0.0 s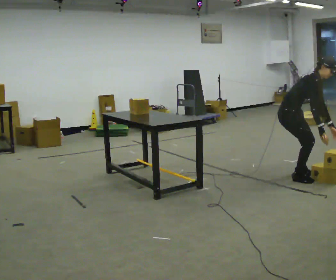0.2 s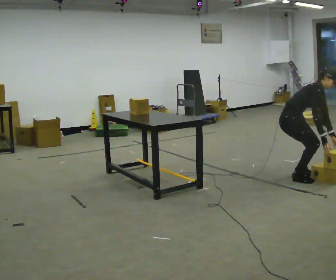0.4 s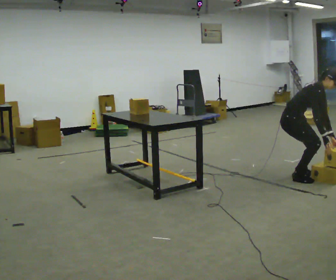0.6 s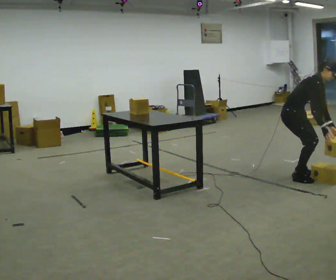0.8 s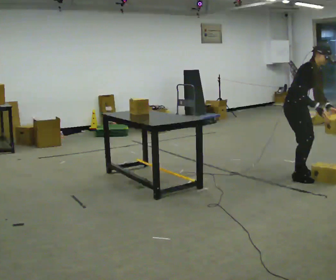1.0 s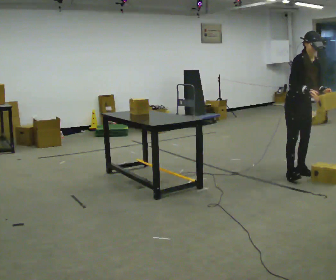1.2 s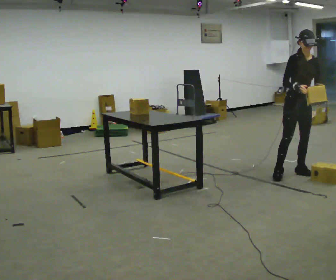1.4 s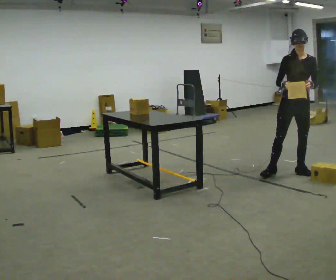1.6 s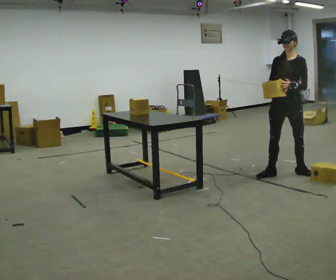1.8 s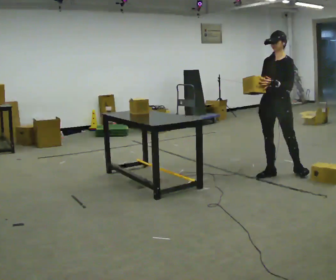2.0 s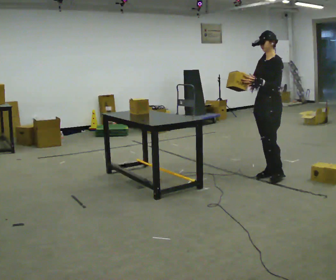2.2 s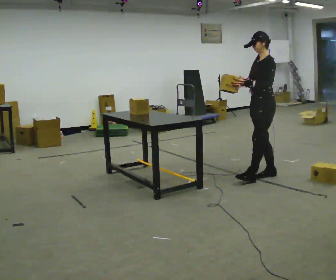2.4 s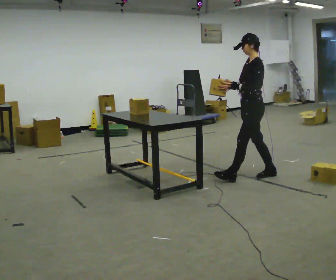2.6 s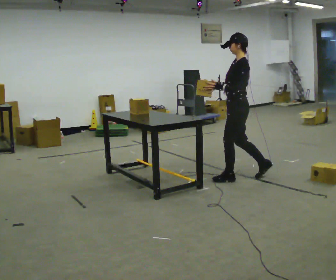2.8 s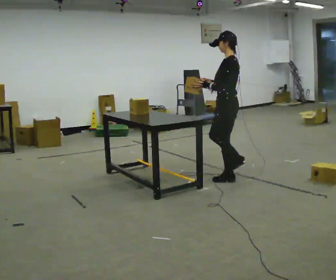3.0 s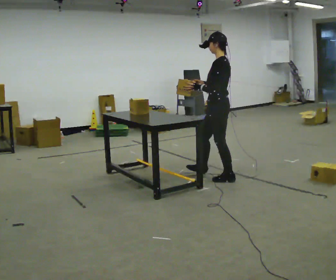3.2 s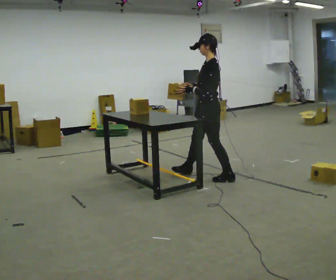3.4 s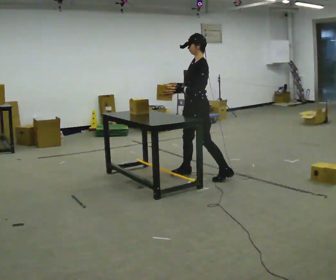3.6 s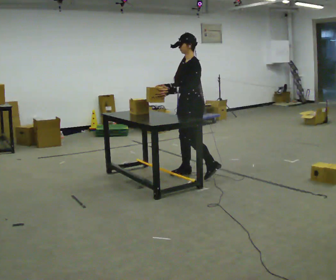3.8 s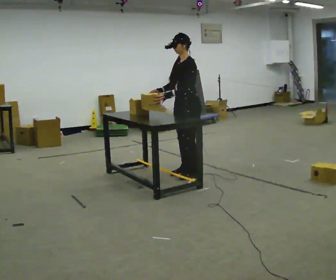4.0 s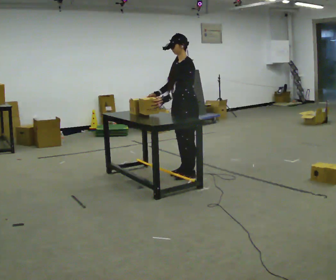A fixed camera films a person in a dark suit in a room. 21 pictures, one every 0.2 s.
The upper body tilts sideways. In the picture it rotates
counterclockwise.
The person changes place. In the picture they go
to the left.
0.0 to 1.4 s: Seen from above the body turns clockwise, about 75 degrees: to their right, with its near side sliding to the left. In the picture the upper body tilts counterclockwise, shoulders to the left, as they lean back or straighten. In the picture their left hand goes upward.
1.4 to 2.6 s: Seen from above the body turns clockwise, about 90 degrees: to their right, with its near side sliding to the left. In the picture they go to the left, about 0.75 m in 1 step.
2.6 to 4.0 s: Seen from above the body turns counterclockwise, about 45 degrees: to their left, with its near side sliding to the right. In the picture they go to the left and away from the camera, about 0.5 m in 2 steps, which for them is forward and to their right.
The film runs forward here.
